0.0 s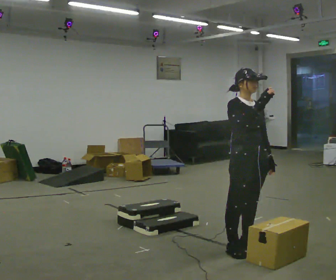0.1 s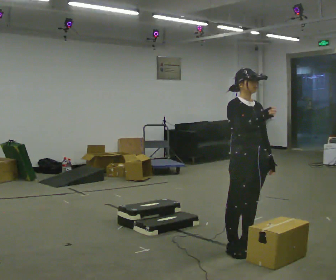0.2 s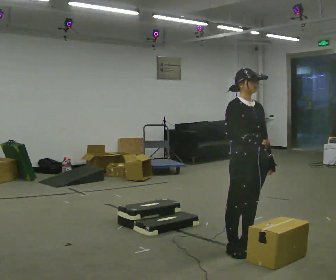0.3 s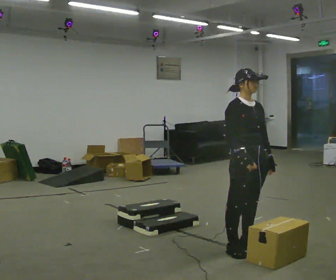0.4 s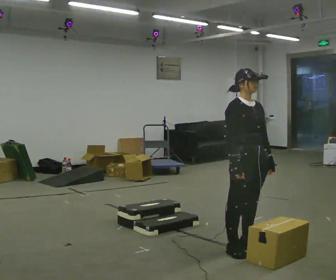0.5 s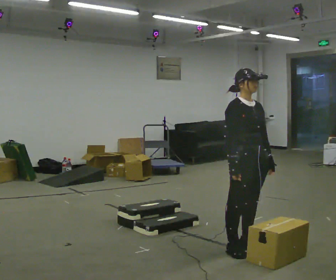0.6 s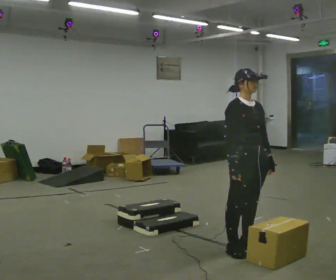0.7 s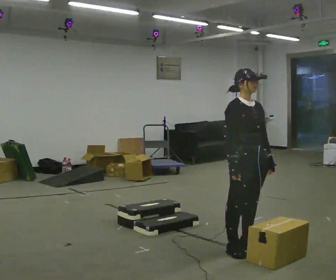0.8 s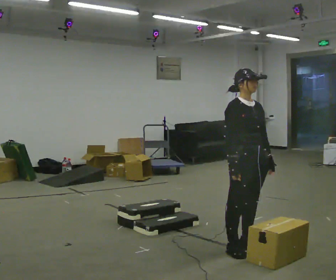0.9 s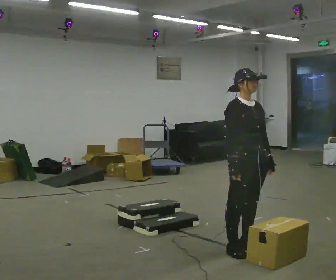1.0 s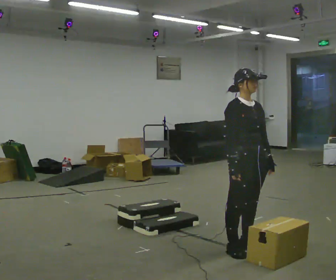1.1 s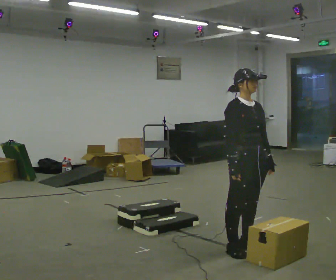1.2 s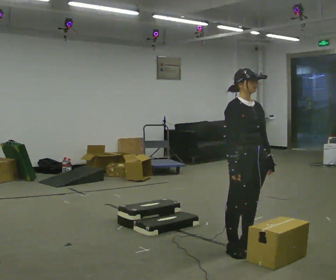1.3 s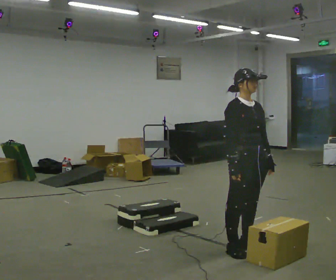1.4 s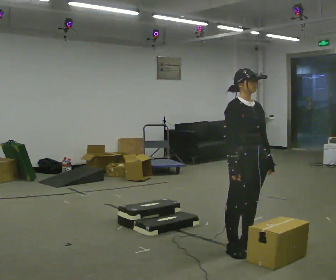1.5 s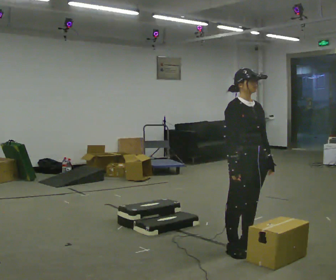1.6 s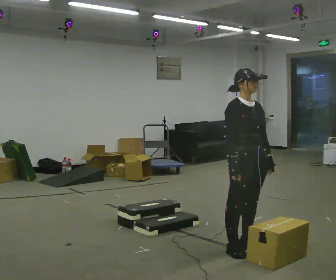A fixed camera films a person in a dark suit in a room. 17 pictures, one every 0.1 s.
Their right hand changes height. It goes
downward.
0.0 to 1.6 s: In the picture their right hand goes downward.
The film runs backward here.
